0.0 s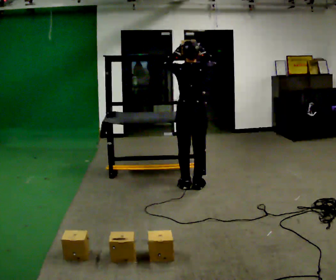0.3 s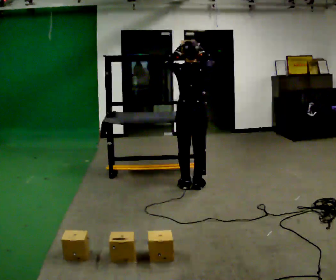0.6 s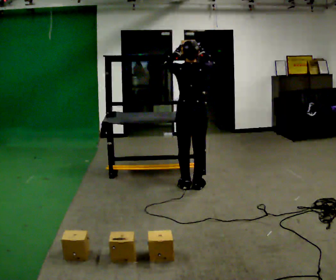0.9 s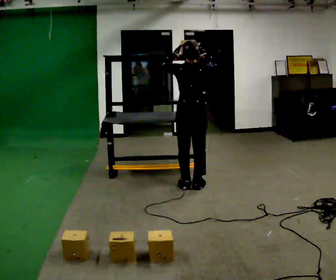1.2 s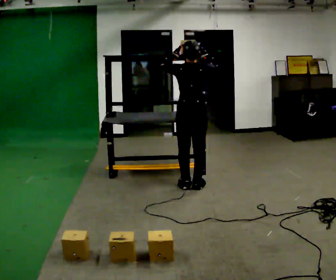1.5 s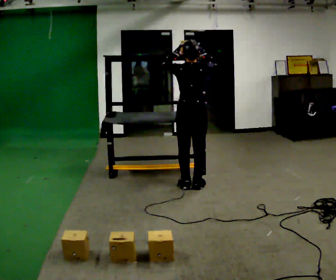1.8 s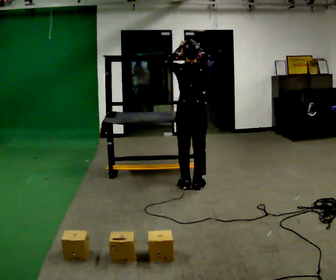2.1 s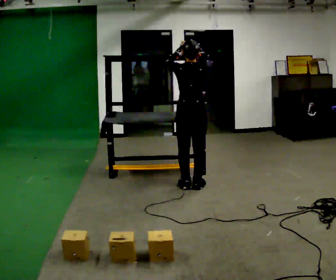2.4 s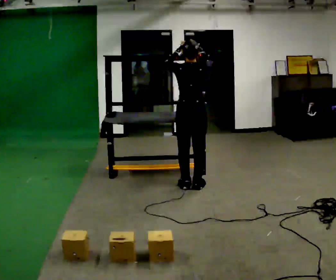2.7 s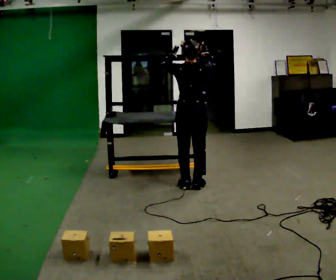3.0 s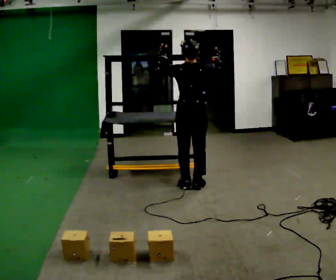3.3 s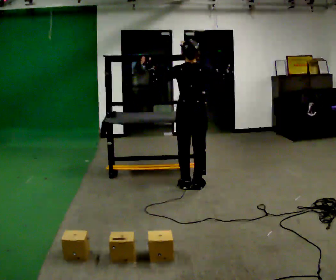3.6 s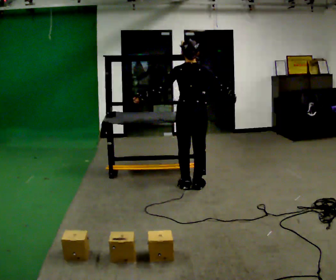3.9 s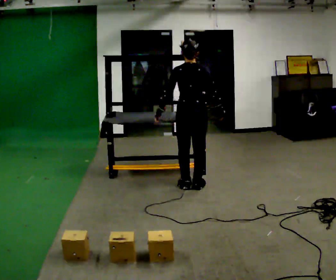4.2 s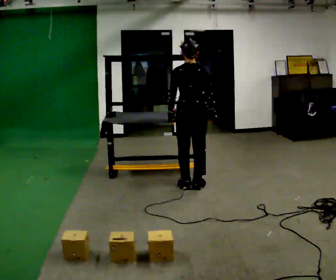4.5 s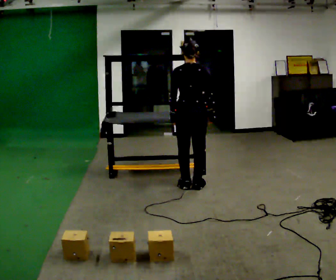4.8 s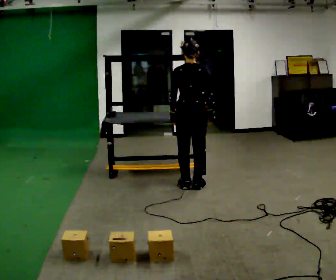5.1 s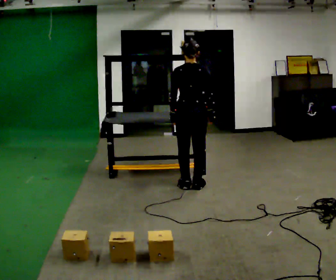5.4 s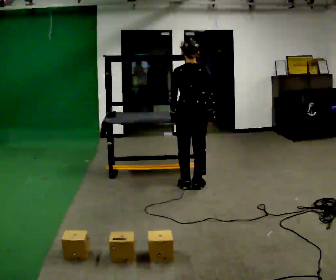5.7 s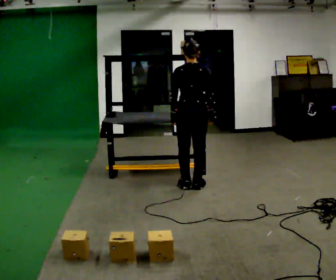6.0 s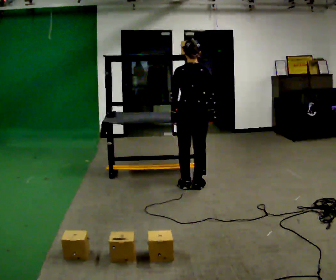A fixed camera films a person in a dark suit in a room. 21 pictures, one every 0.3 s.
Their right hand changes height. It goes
downward.
Their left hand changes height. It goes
downward.
0.0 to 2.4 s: The person moves a little, or ends about where they began.
2.4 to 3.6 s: In the picture their left hand goes downward and to the left.
3.6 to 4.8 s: The person moves a little, or ends about where they began.
4.8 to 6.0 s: The person keeps their place and pose.
The film runs backward here.
